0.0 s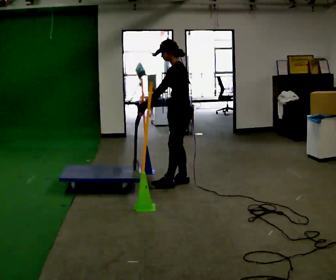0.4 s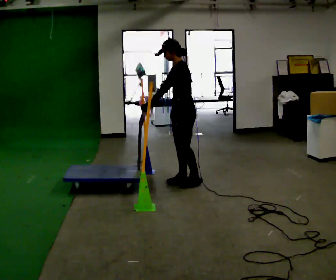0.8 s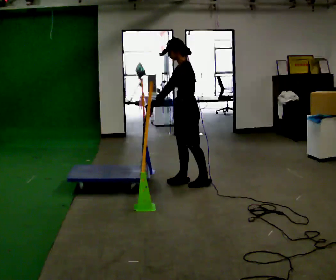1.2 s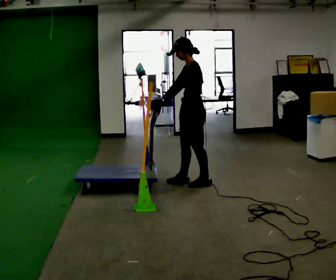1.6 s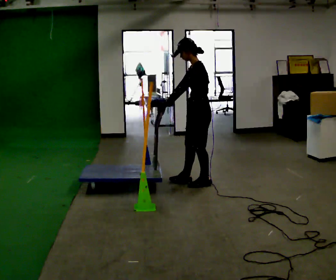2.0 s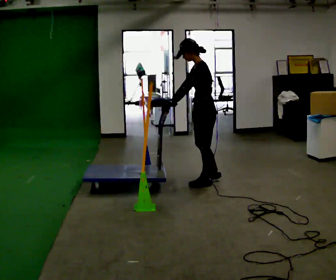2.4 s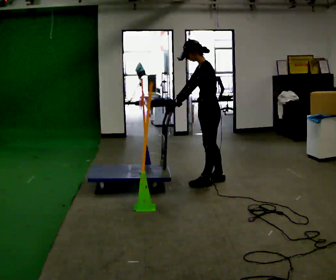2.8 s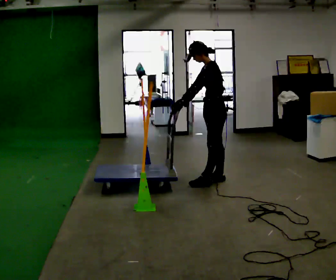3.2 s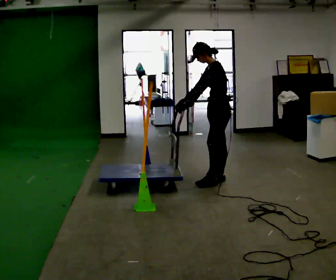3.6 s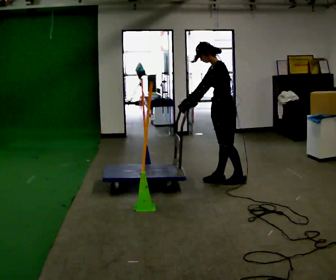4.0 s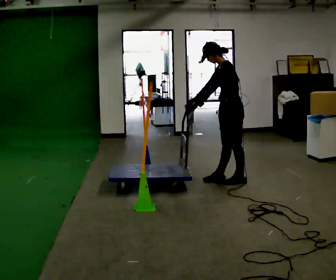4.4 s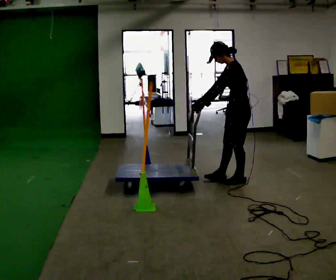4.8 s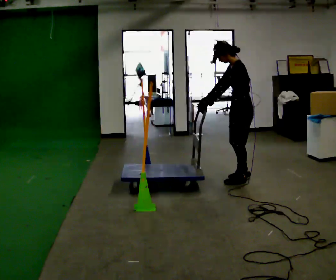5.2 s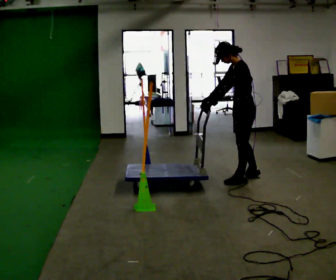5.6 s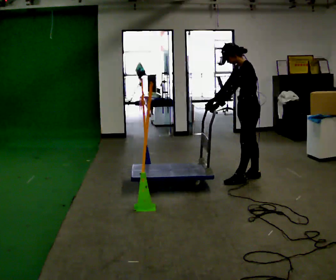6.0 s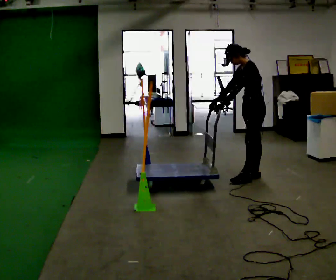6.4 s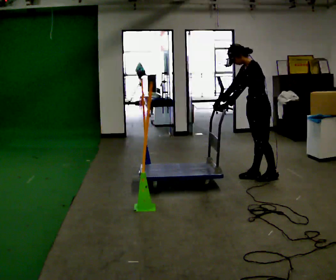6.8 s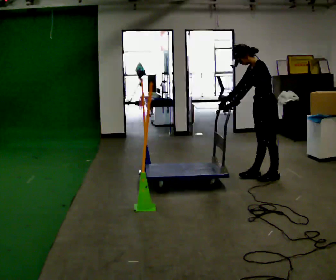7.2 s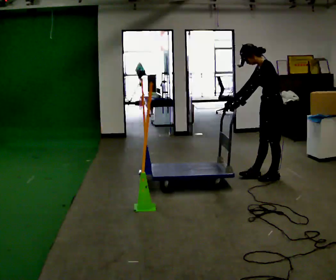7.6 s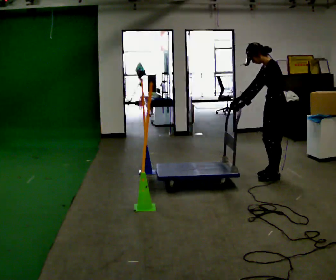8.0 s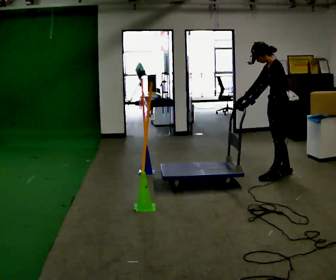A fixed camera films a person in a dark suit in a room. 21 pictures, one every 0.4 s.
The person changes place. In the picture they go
to the right.
0.0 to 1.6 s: In the picture they go to the right, about 0.25 m in 1 step, which for them is backward and to their left.
1.6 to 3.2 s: In the picture they go to the right and away from the camera, about 0.25 m in 1 step, which for them is backward and to their right.
3.2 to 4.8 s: In the picture they go to the right, about 0.25 m in 1 step, which for them is backward.
4.8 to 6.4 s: In the picture they go to the right and away from the camera, about 0.25 m in 2 steps, which for them is backward and to their right.
6.4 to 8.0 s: In the picture they go to the right, about 0.25 m in 1 step, which for them is backward.
The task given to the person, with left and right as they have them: Push the cart through the gap between the poles without touching them, then bring it back through.
The film runs forward here.
